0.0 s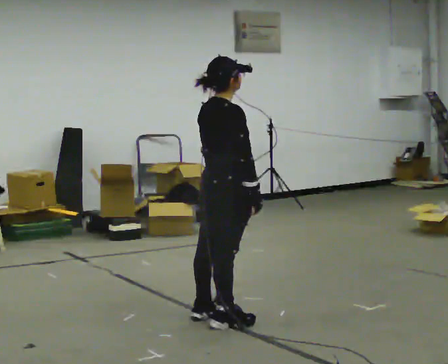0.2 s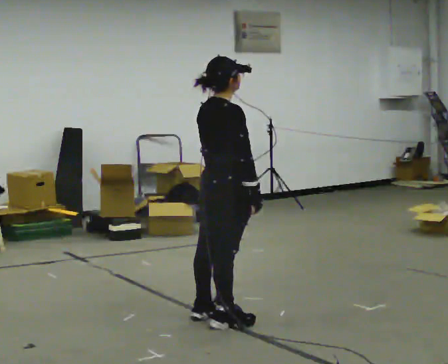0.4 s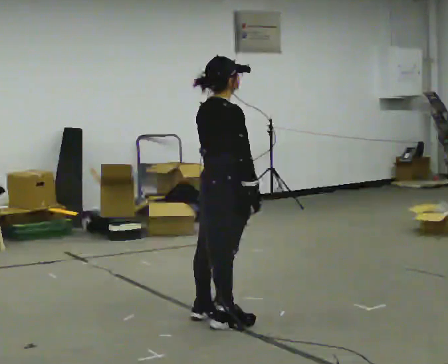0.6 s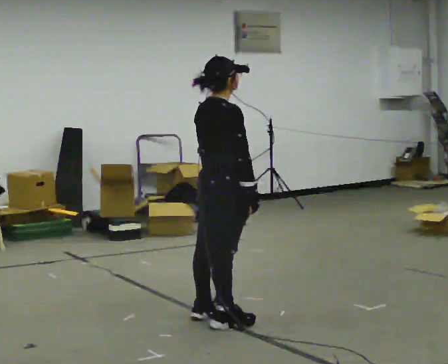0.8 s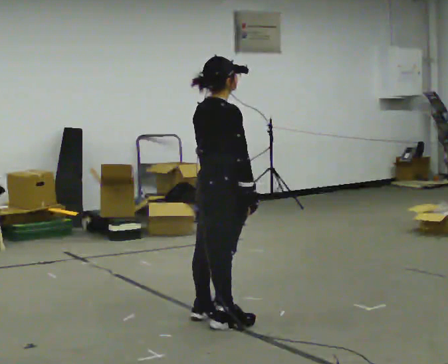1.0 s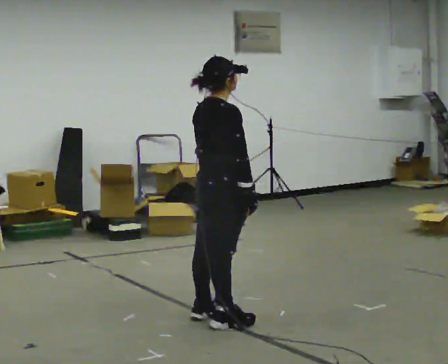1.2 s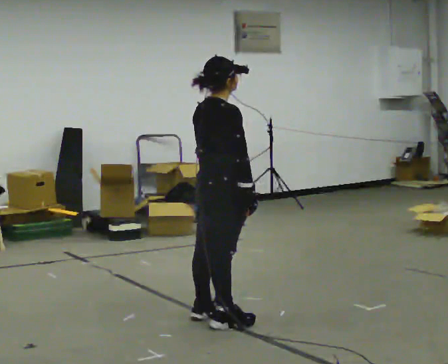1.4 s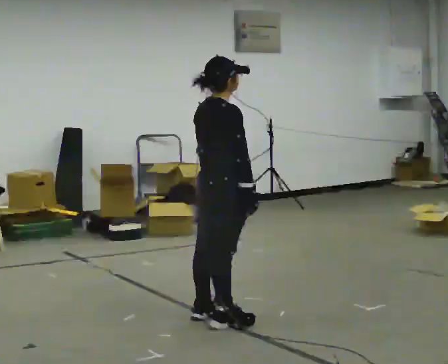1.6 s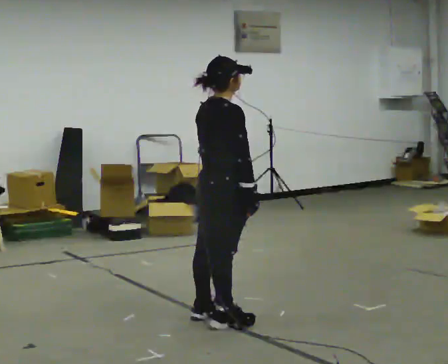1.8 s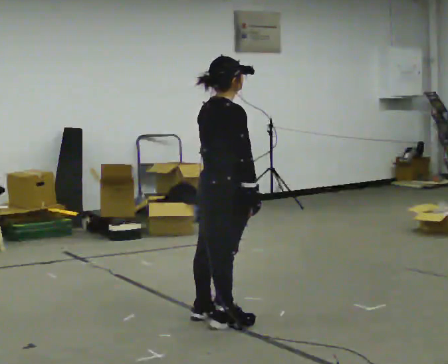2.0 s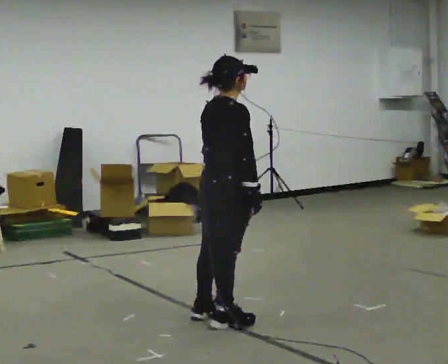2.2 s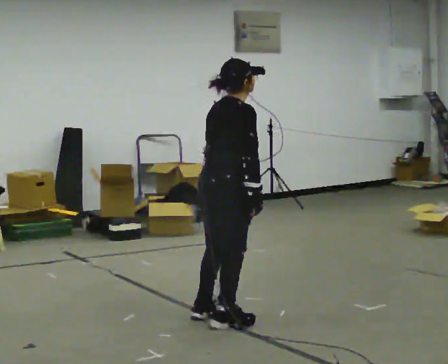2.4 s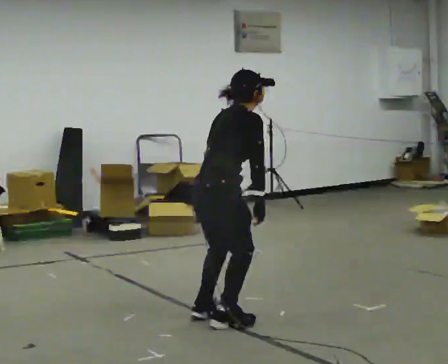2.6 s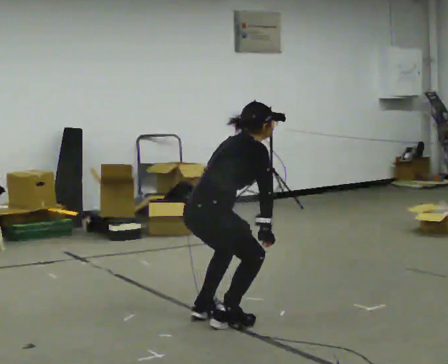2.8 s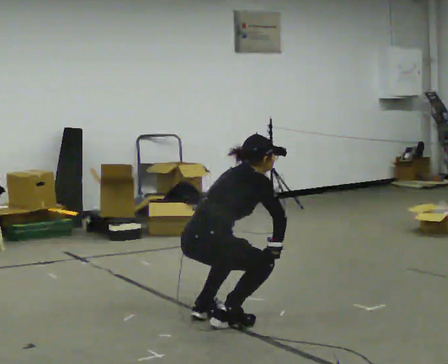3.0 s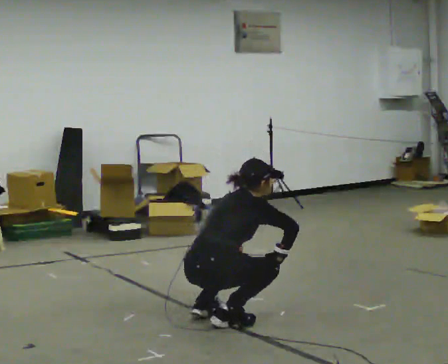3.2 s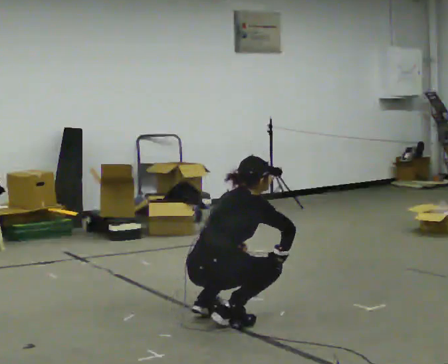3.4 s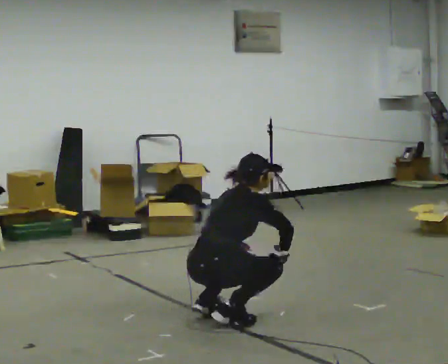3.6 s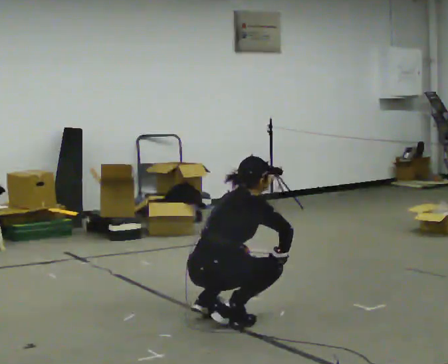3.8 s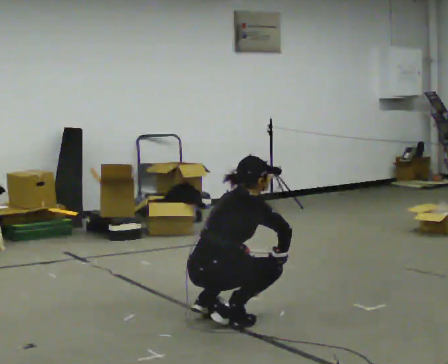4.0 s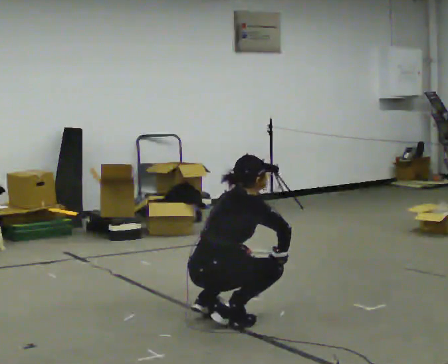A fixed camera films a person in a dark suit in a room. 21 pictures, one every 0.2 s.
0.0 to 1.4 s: The person moves a little, or ends about where they began.
1.4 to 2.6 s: The shoulders move downward. In the picture the upper body tilts clockwise, shoulders to the right, as they bend forward.
2.6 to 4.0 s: The upper body goes downward.
The film runs forward here.
